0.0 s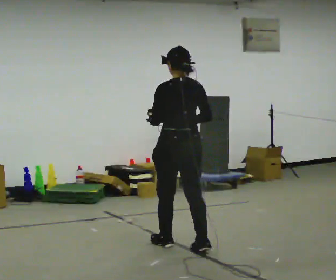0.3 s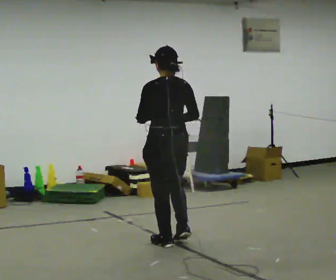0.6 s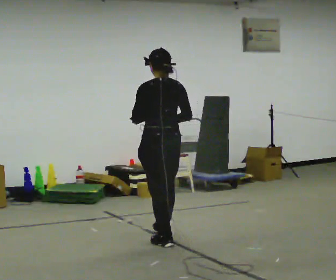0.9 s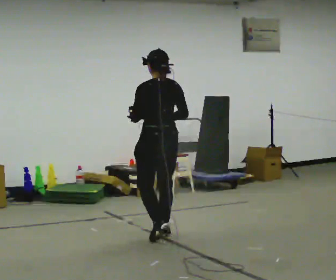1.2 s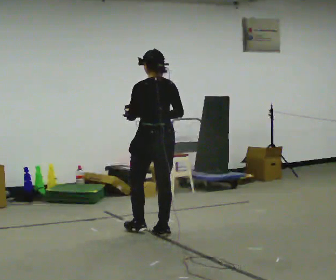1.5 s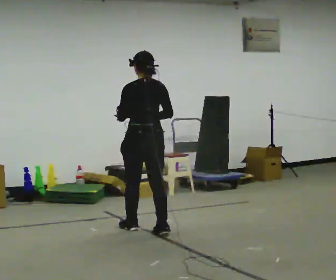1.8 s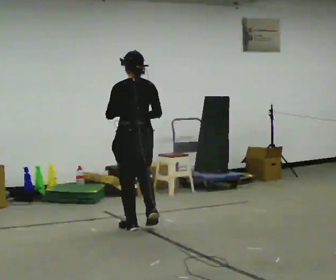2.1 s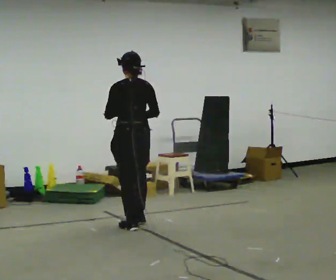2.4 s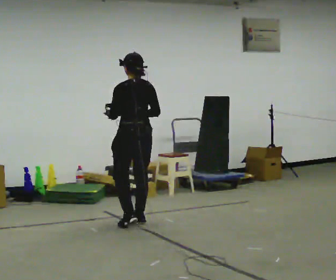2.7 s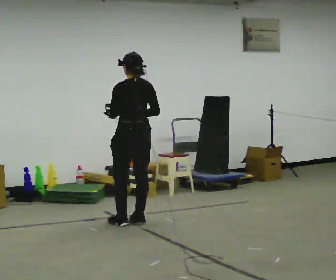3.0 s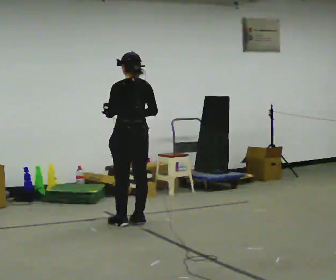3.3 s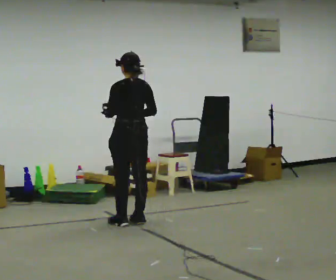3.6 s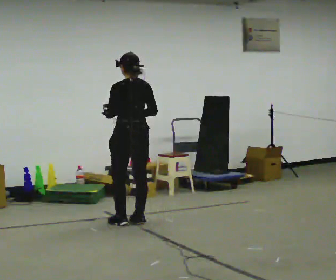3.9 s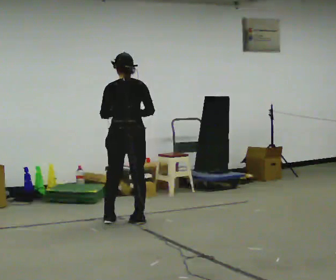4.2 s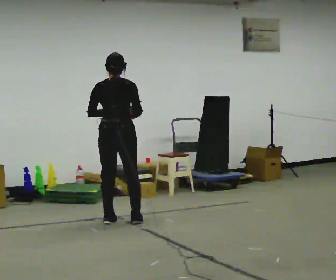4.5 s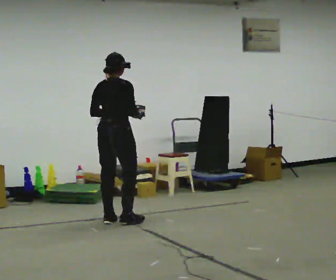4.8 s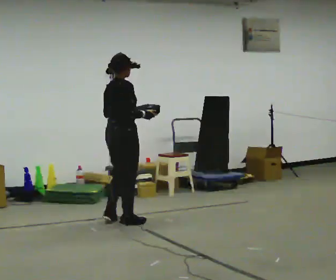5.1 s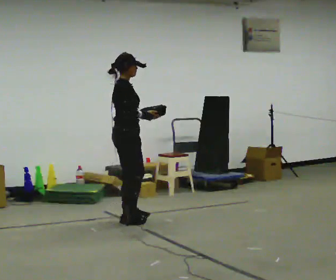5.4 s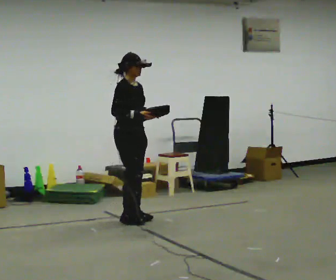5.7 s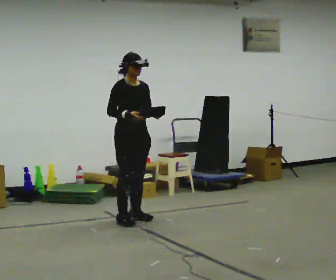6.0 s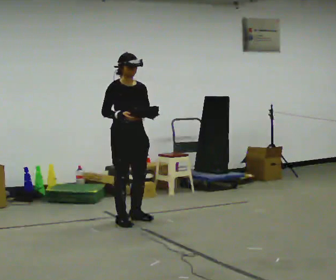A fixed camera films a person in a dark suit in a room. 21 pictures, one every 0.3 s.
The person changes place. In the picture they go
away from the camera.
The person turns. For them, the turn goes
to their right.
0.0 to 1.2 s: In the picture they go away from the camera, about 0.5 m in 1 step, which for them is forward.
1.2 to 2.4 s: In the picture they go away from the camera and to the left, about 0.5 m in 2 steps, which for them is forward.
2.4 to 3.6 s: The person moves a little, or ends about where they began.
3.6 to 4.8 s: Seen from above the body turns clockwise, about 90 degrees: to their right, with its near side sliding to the left.
4.8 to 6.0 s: The person turns about 90 degrees to their right, clockwise seen from above, so the part of the body nearest the lens slides to the left.
The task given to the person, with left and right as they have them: Carry the object across the room. The lid hangs loose and will swing, so carry it however works. Keep going until the operator says stop; one object at a time, and do not rush between trips.
The film runs forward here.
